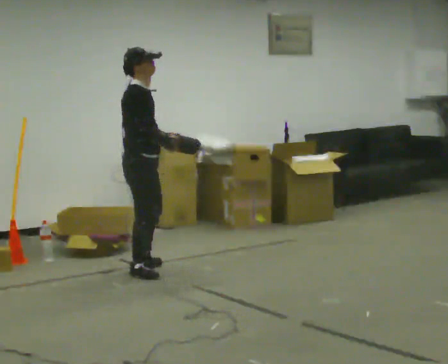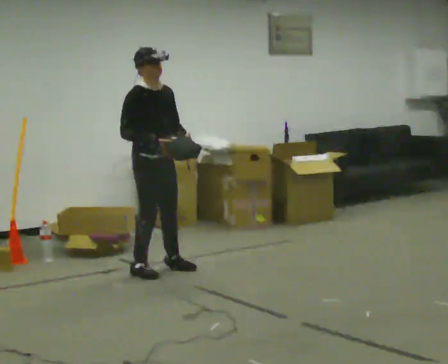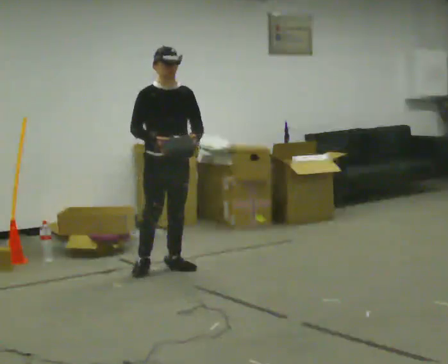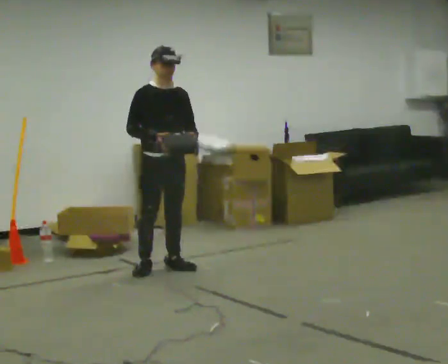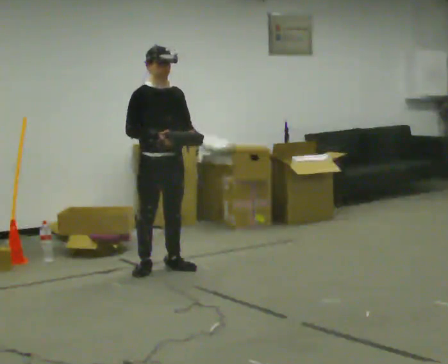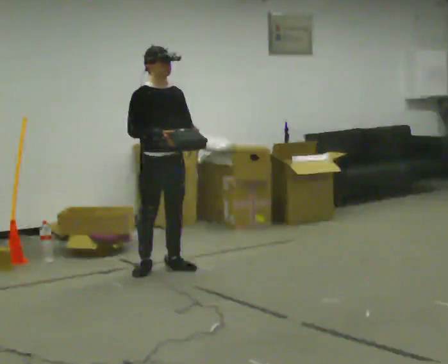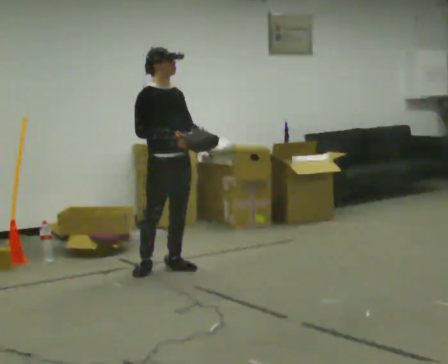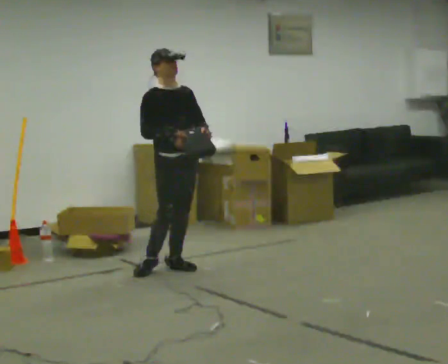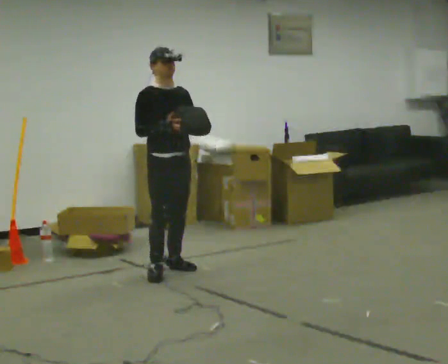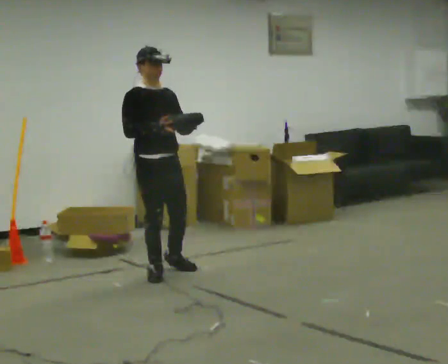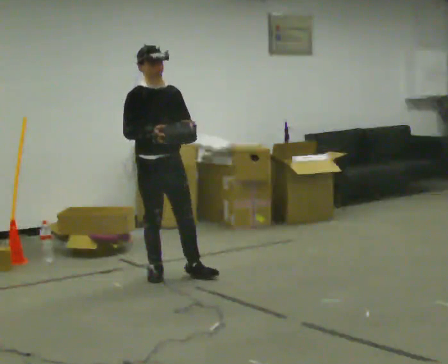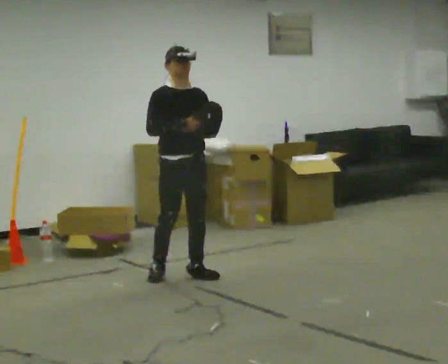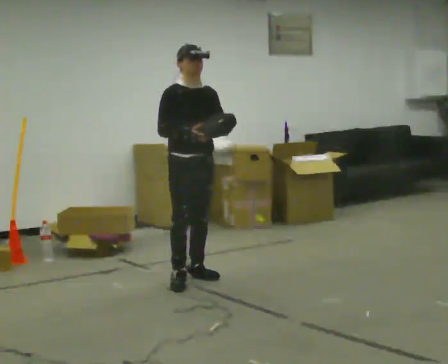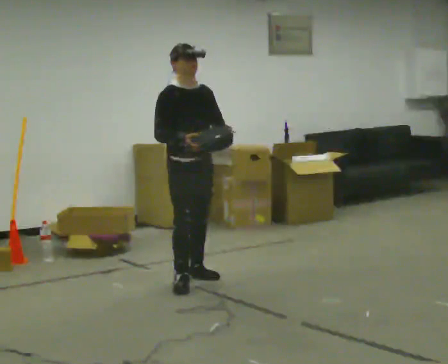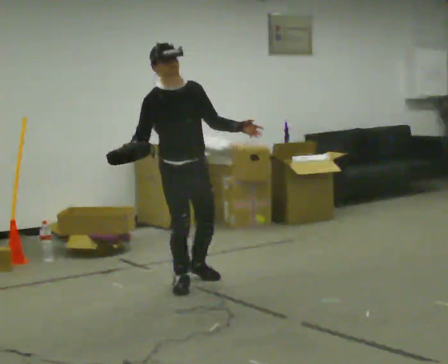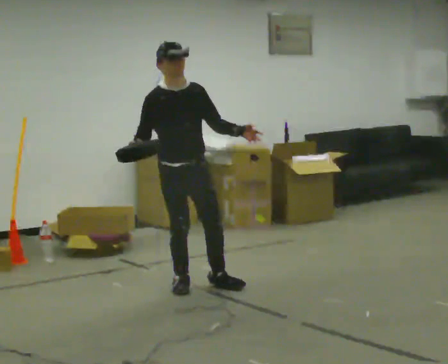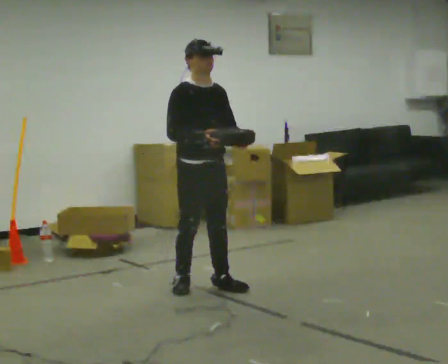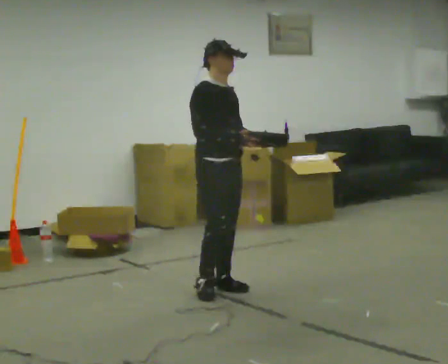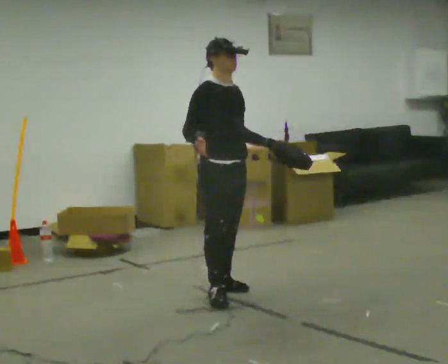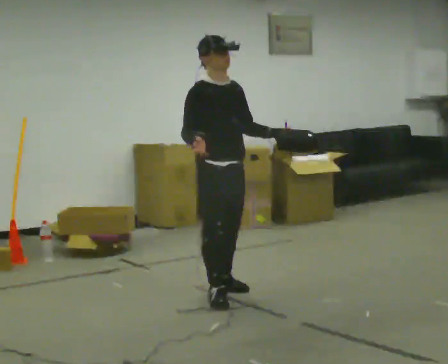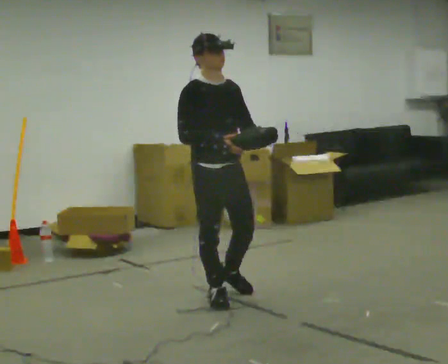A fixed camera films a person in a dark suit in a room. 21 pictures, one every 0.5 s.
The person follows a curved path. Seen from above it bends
clockwise.
The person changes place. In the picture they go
toward the camera.
0.0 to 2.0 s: Seen from above the body turns clockwise, about 60 degrees: to their right, with its near side sliding to the left. In the picture they go to the right, about 0.25 m in 1 step.
2.0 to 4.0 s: The person moves a little, or ends about where they began.
4.0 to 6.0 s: In the picture they go toward the camera, about 0.25 m in 1 step, which for them is forward.
6.0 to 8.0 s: In the picture they go toward the camera, about 0.25 m in 2 steps, which for them is forward.
8.0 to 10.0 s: In the picture they go toward the camera, about 0.5 m in 1 step, which for them is forward and to their right.
The film runs forward here.
